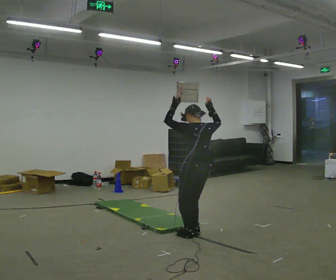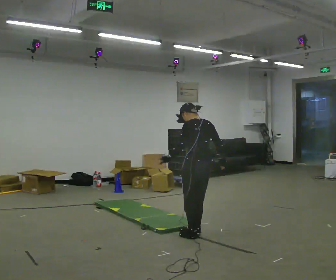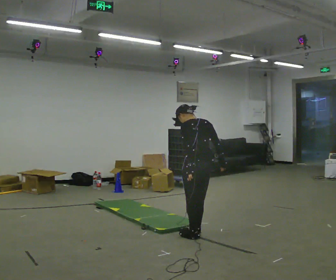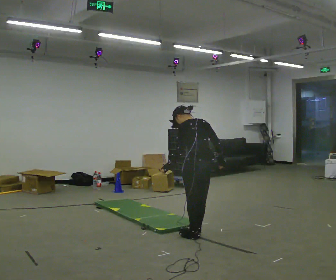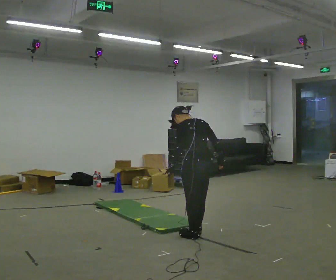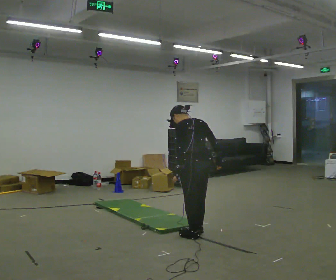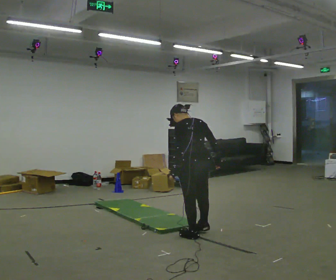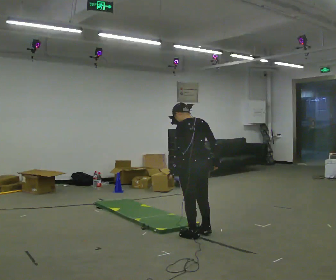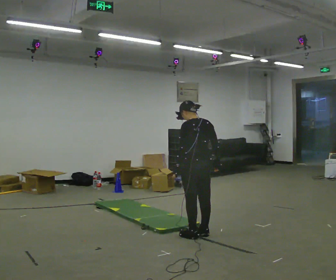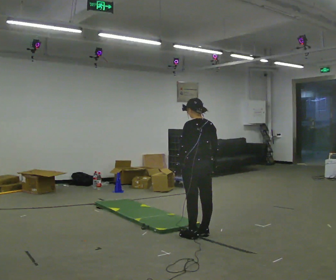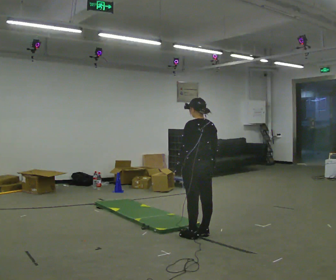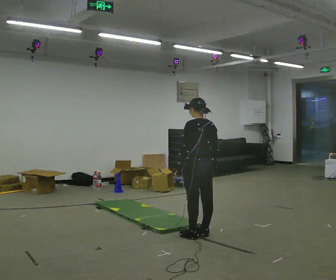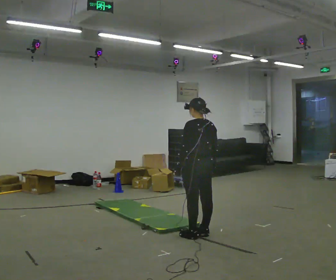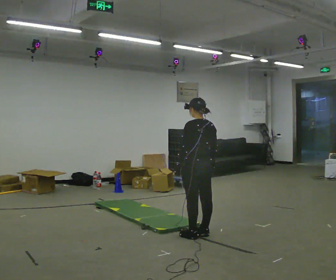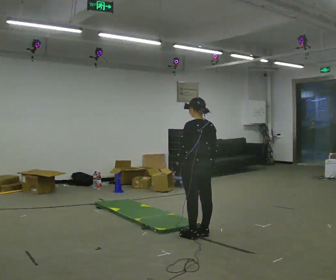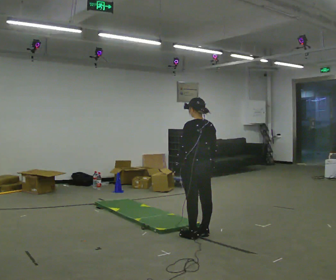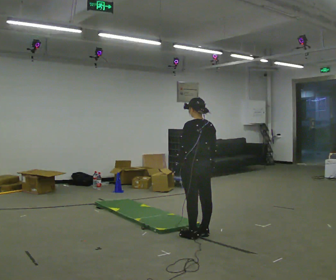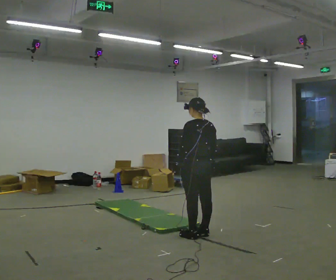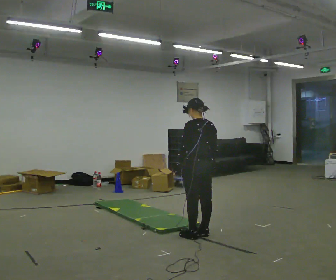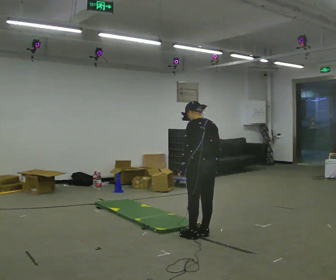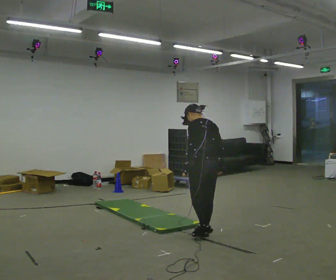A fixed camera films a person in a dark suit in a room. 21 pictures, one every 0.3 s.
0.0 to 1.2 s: In the picture the upper body tilts counterclockwise, shoulders to the left, as they bend forward. In the picture their left hand goes downward, the arm swinging counterclockwise.
1.2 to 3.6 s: In the picture the upper body tilts clockwise, shoulders to the right, as they lean back or straighten.
3.6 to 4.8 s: The person keeps their place and pose.
4.8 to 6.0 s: The person moves a little, or ends about where they began.
The film runs forward here.
